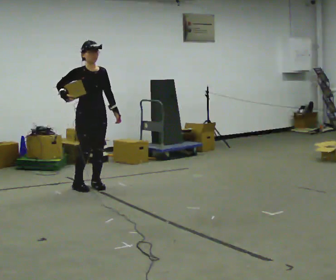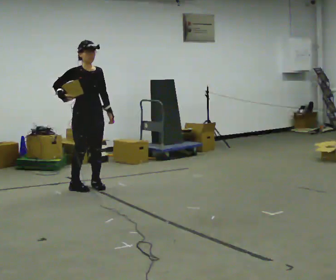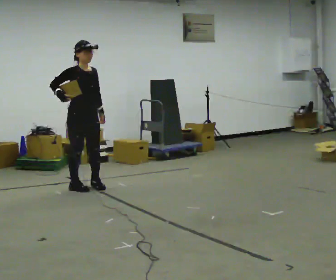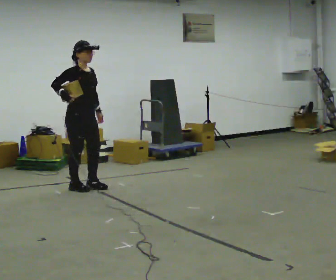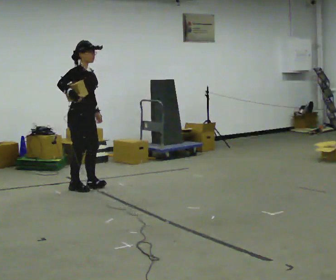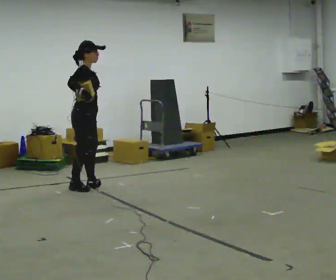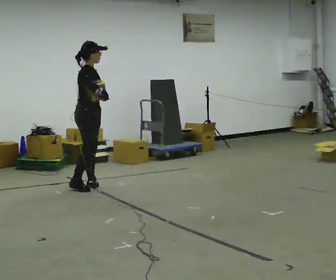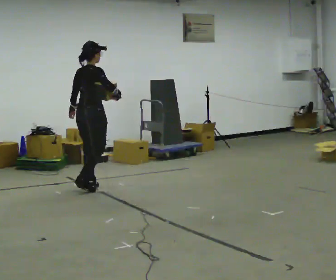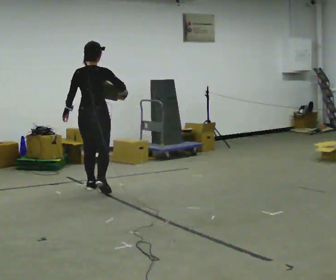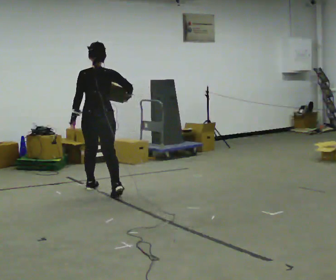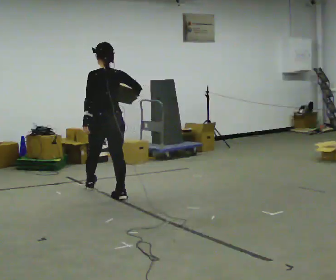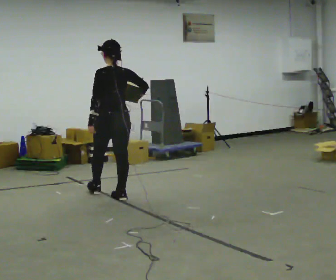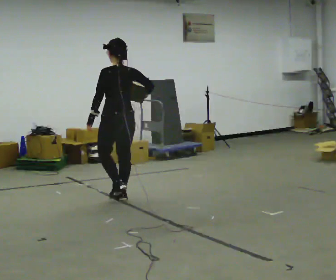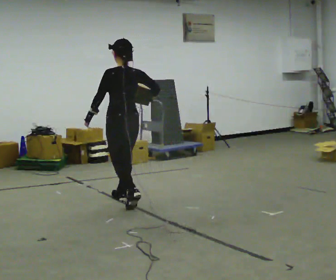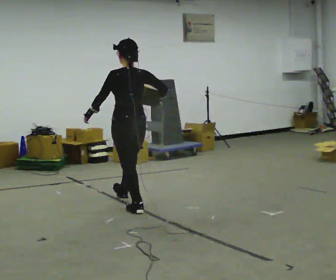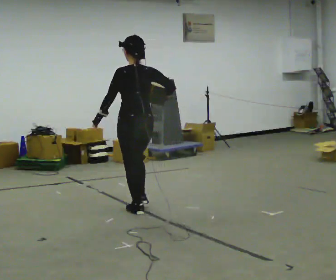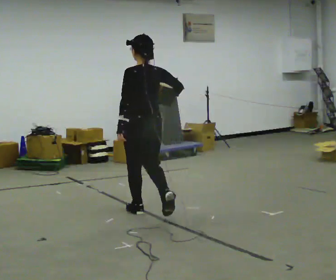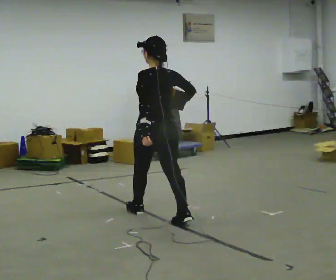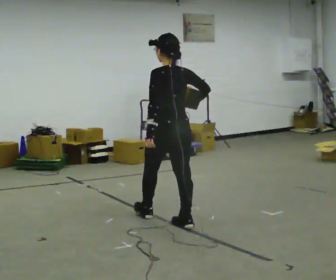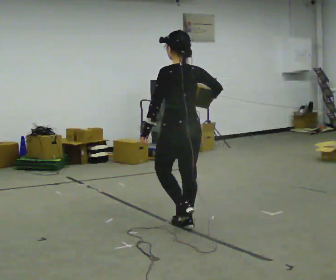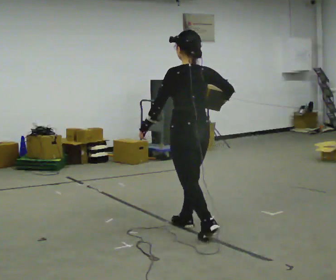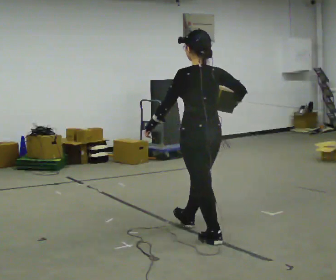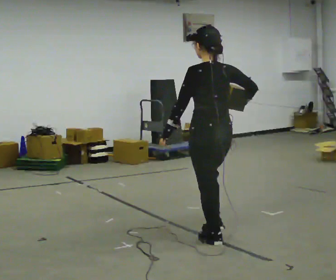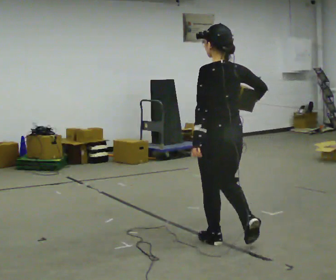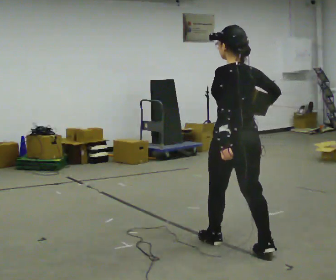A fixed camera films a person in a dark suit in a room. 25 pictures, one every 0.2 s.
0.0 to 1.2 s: The part of the body nearest the lens slides to the right as the person turns to their left by about 75 degrees. In the picture their right hand goes to the right.
1.2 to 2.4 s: Seen from above the body turns counterclockwise, about 105 degrees: to their left, with its near side sliding to the right. In the picture they go toward the camera and to the right, about 0.75 m in 2 steps.
2.4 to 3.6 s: In the picture they go toward the camera and to the right, about 1 m in 2 steps, which for them is backward.
3.6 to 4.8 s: In the picture they go toward the camera and to the right, about 1 m in 1 step, which for them is backward.
The film runs backward here.
